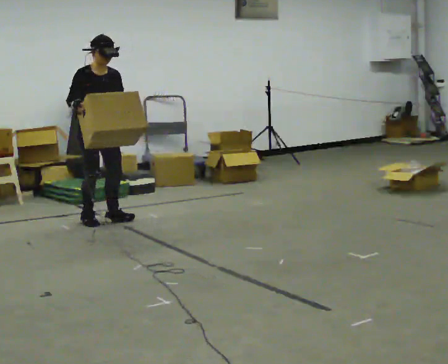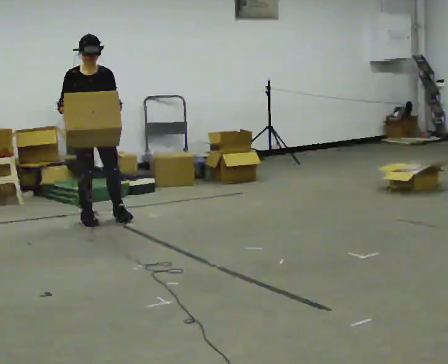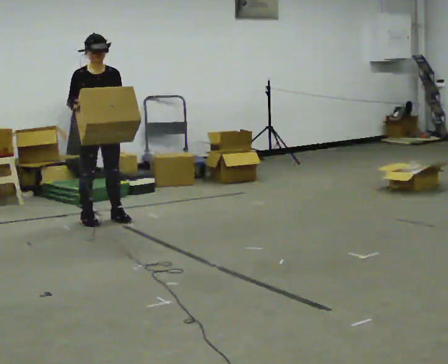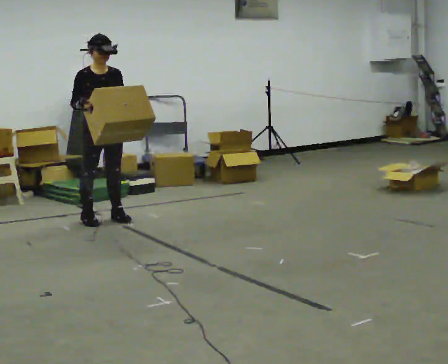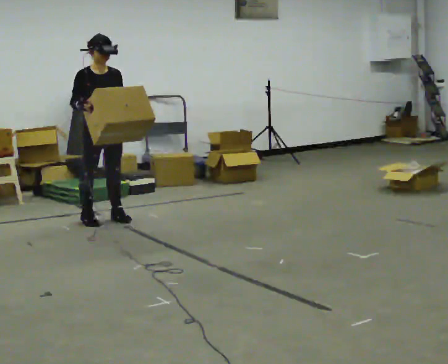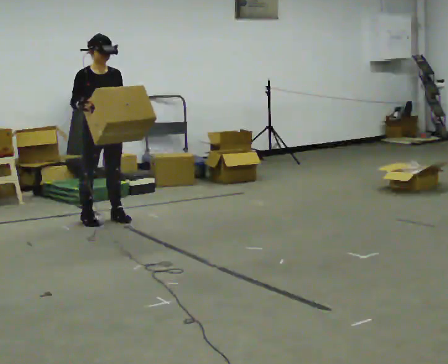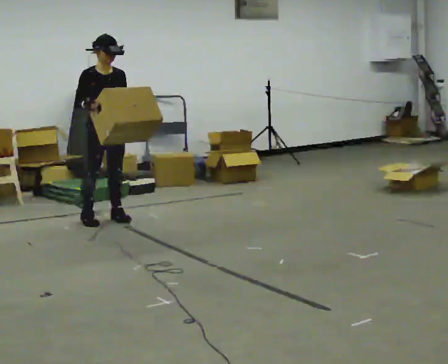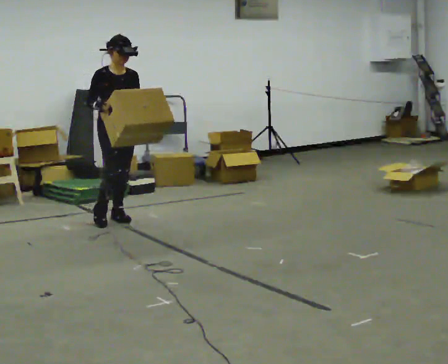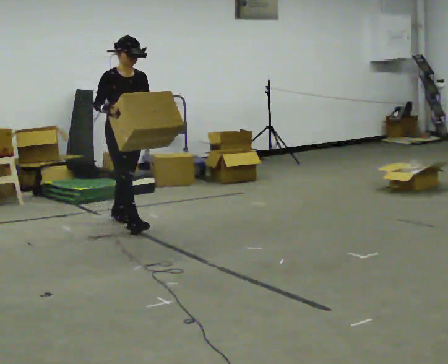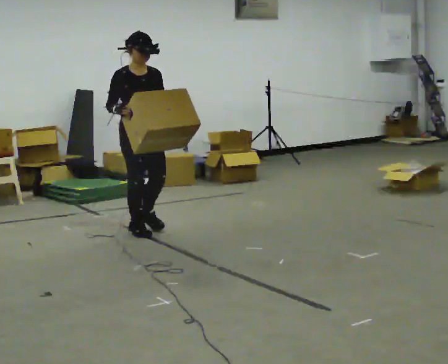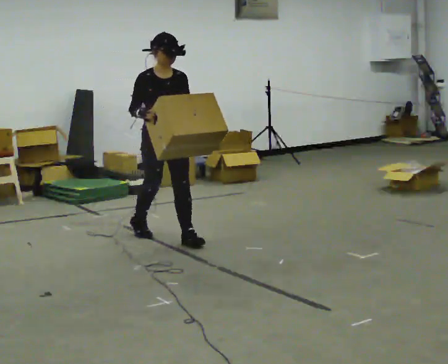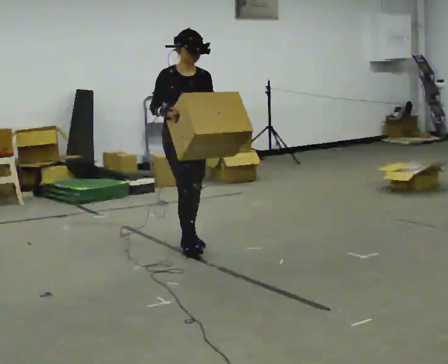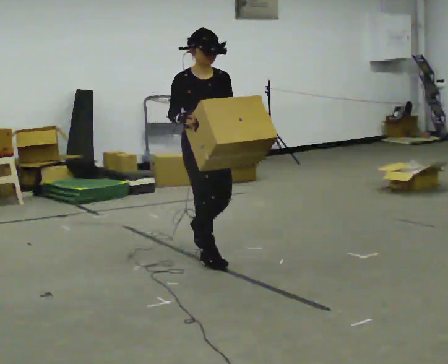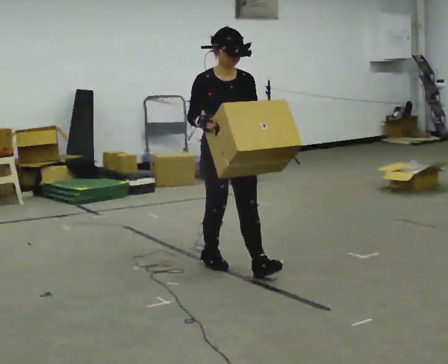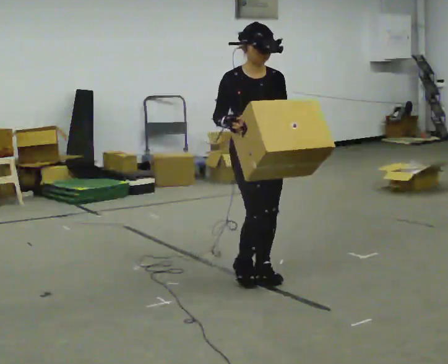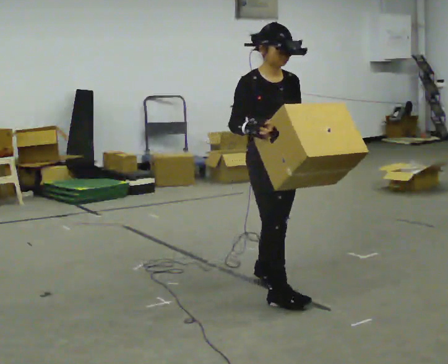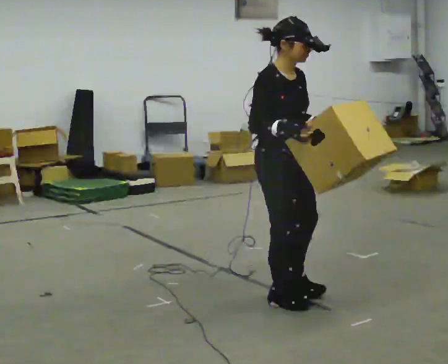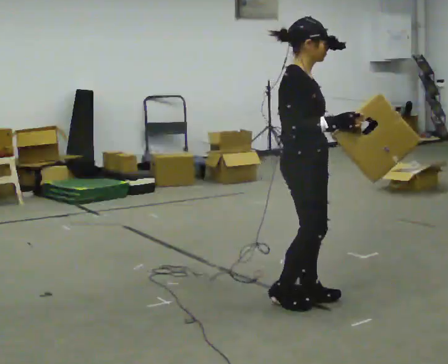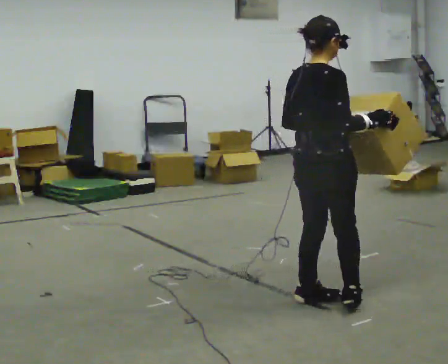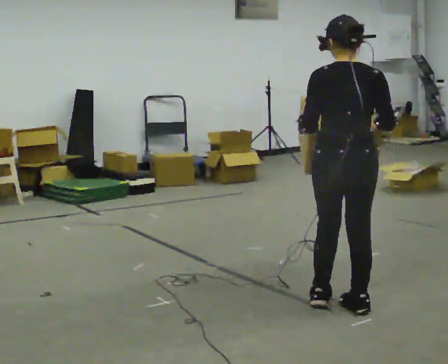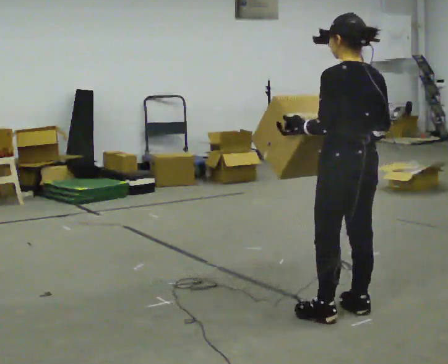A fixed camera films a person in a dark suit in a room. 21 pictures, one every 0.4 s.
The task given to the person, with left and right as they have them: Carry the medium box in both hands in front of you, walking back and forth across the room. Keep walking until the operator says stop.
0.0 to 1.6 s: The person moves a little, or ends about where they began.
1.6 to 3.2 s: In the picture they go to the right, about 0.25 m in 1 step, which for them is forward.
3.2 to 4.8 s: In the picture they go toward the camera and to the right, about 1 m in 2 steps, which for them is forward.
4.8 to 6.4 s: The part of the body nearest the lens slides to the right as the person turns to their left by about 30 degrees. In the picture they go toward the camera, about 1 m in 2 steps, which for them is forward.
6.4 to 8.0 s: The part of the body nearest the lens slides to the right as the person turns to their left by about 165 degrees. In the picture they go to the right and toward the camera, about 0.5 m in 3 steps.
The film runs forward here.
